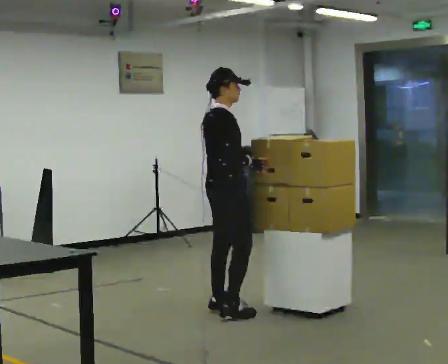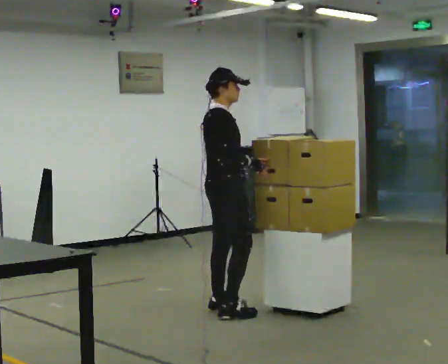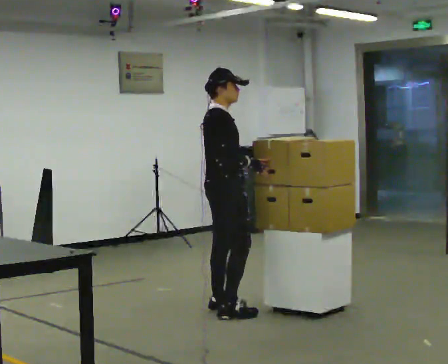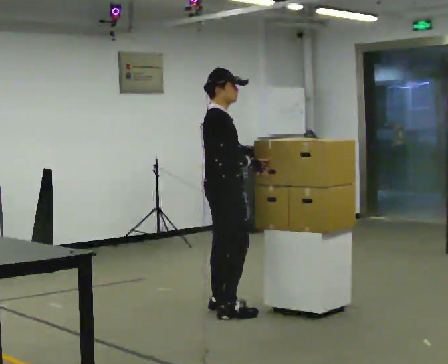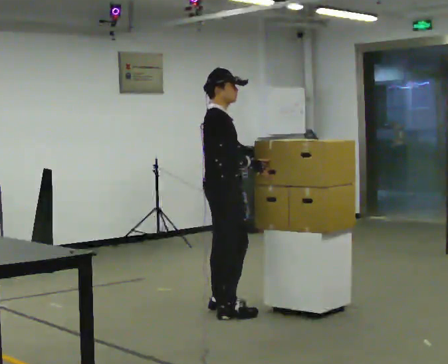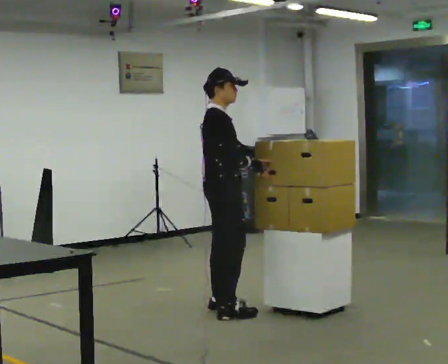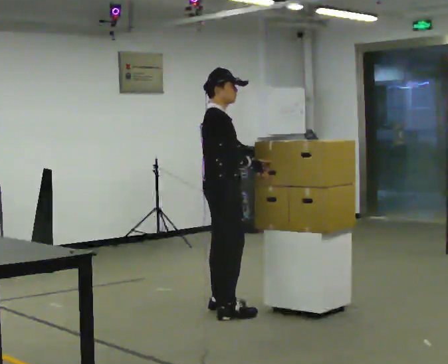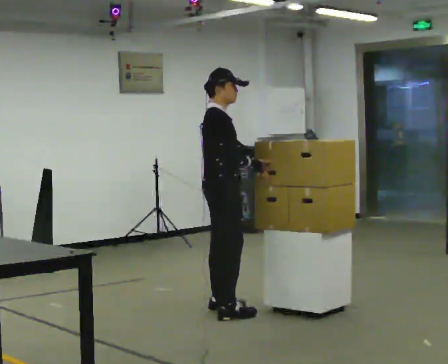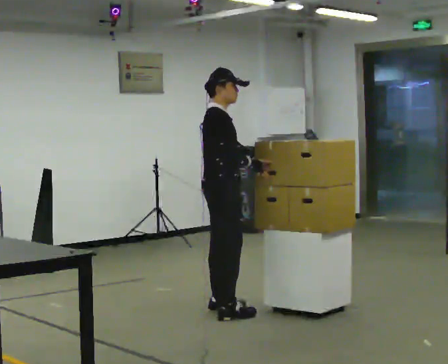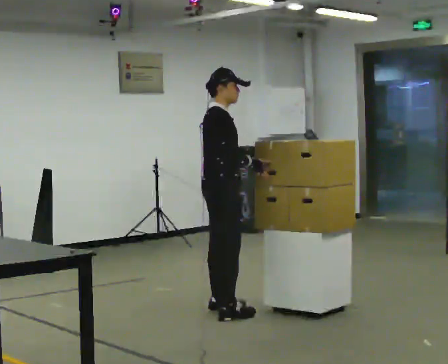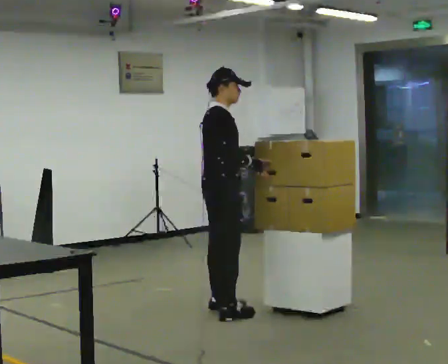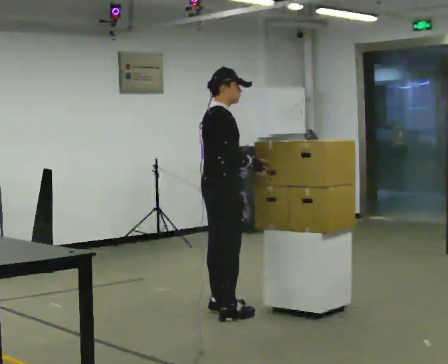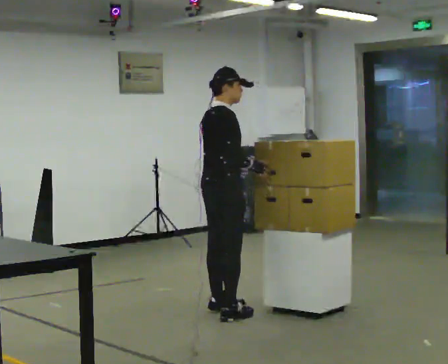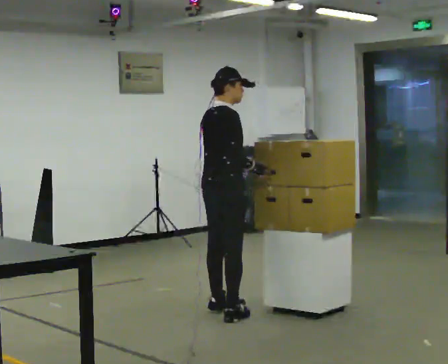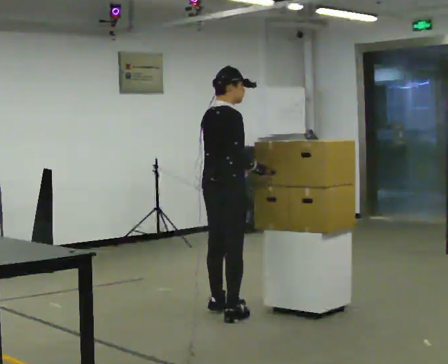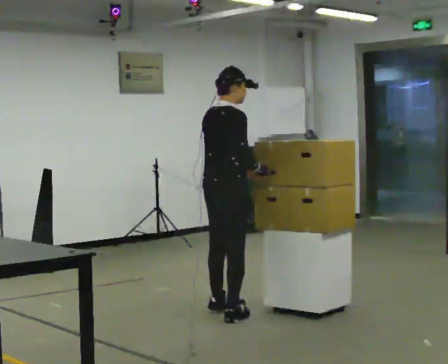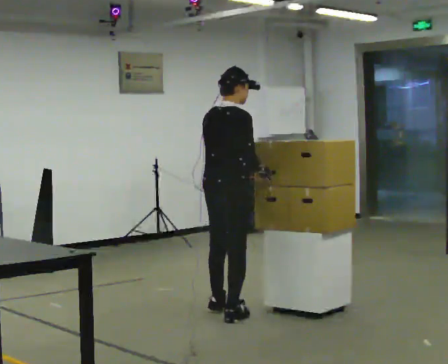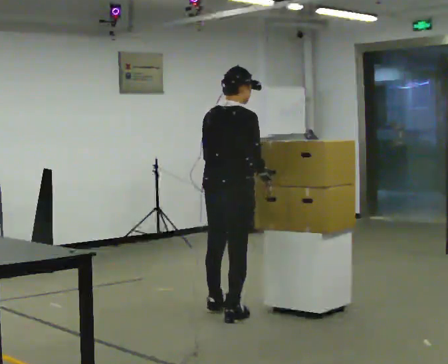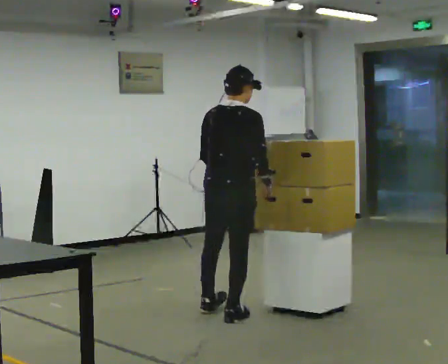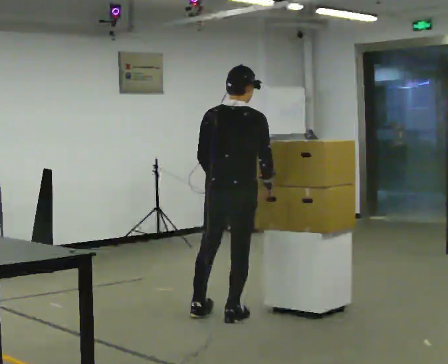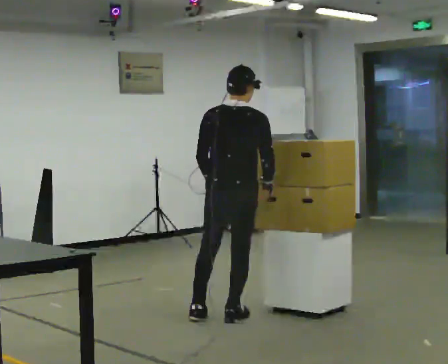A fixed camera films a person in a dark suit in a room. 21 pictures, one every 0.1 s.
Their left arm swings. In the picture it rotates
clockwise.
0.0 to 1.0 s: The person moves a little, or ends about where they began.
1.0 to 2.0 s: The part of the body nearest the lens slides to the right as the person turns to their left by about 60 degrees. In the picture they go toward the camera, about 0.25 m in 1 step.
The film runs backward here.
